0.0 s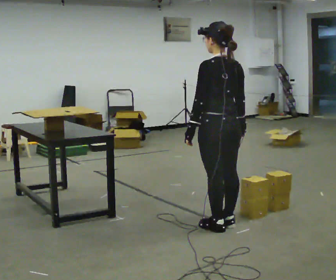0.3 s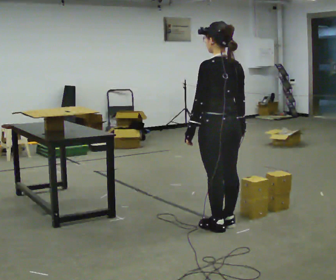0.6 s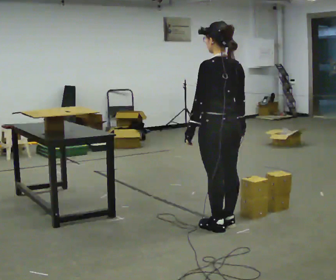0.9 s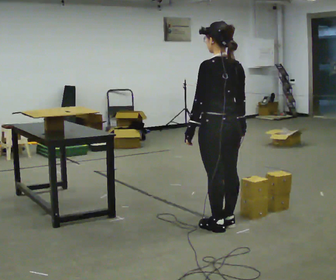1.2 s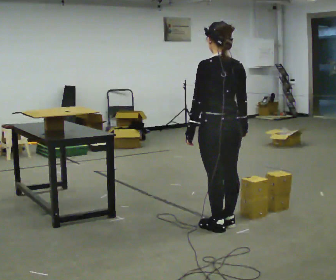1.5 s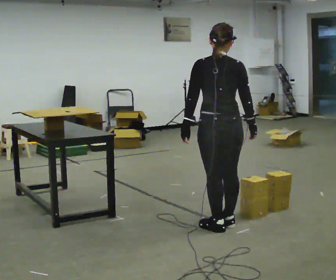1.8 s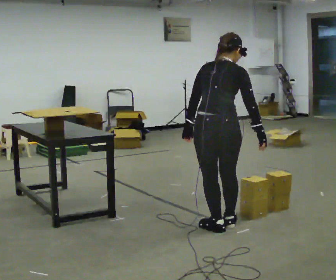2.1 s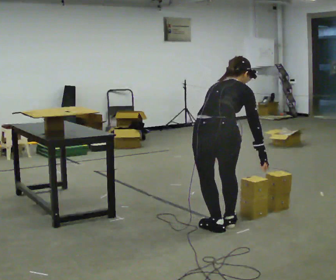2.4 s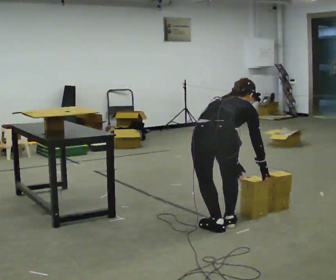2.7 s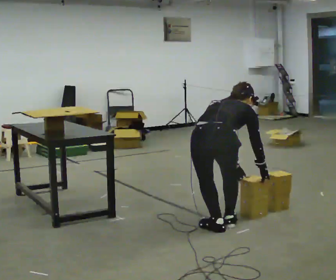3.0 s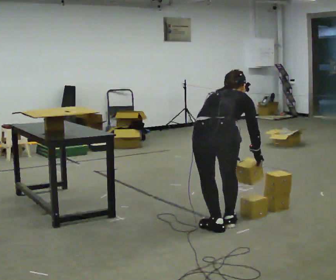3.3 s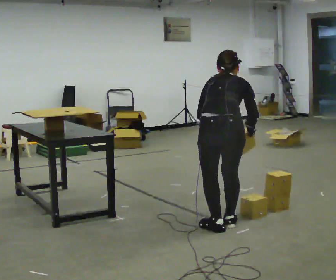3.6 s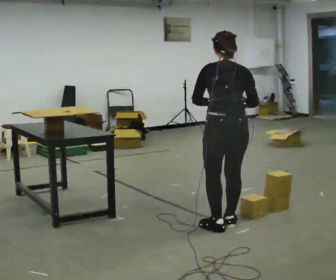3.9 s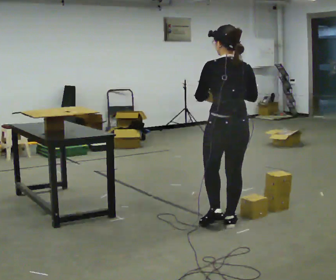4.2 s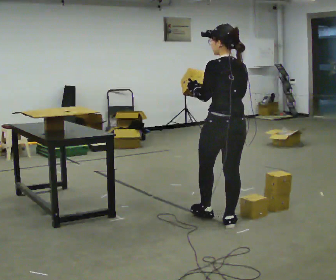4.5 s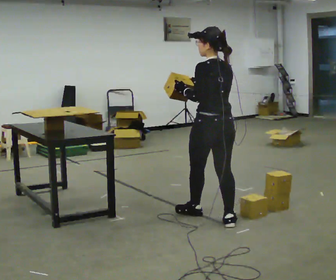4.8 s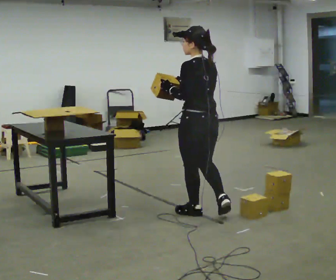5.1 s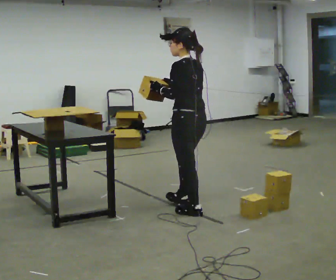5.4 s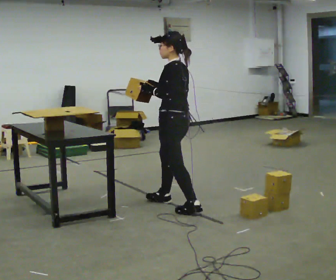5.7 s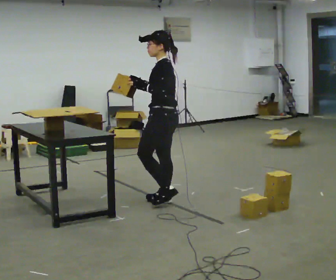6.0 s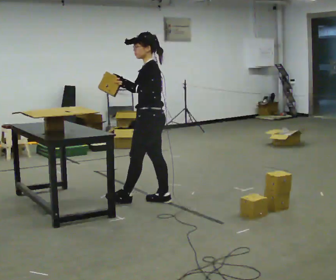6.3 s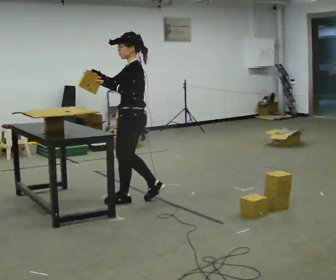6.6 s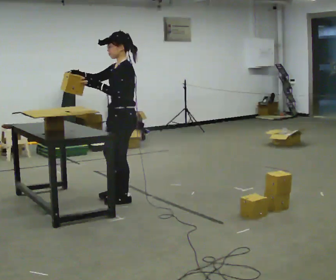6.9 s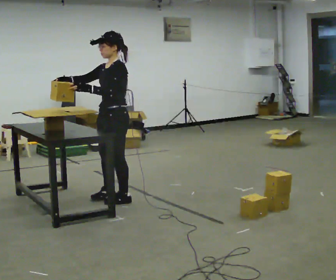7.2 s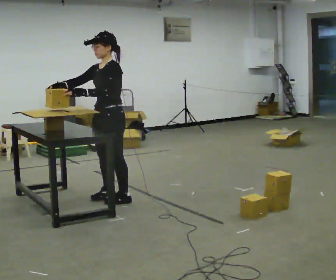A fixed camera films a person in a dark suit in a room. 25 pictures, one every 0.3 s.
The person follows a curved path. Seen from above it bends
counterclockwise.
0.0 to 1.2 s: The person moves a little, or ends about where they began.
1.2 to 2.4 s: The person turns about 60 degrees to their right, clockwise seen from above, so the part of the body nearest the lens slides to the left. The upper body goes downward. The upper body tips away from the camera, its near side rolling upward, as they bend forward. In the picture their left hand goes downward and to the right.
2.4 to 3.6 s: The part of the body nearest the lens slides to the right as the person turns to their left by about 30 degrees. The shoulders move upward. The upper body tips toward the camera, its near side rolling downward, as they lean back or straighten. In the picture their left hand goes upward.
3.6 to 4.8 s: The part of the body nearest the lens slides to the right as the person turns to their left by about 30 degrees. In the picture they go away from the camera and to the left, about 0.5 m in 1 step, which for them is forward. The upper body tips toward the camera, its near side rolling downward, as they lean back or straighten.
4.8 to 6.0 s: The person turns about 45 degrees to their left, counterclockwise seen from above, so the part of the body nearest the lens slides to the right. In the picture they go to the left and away from the camera, about 0.5 m in 1 step, which for them is forward.
6.0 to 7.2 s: Seen from above the body turns counterclockwise, about 45 degrees: to their left, with its near side sliding to the right. In the picture they go to the left, about 0.5 m in 2 steps, which for them is forward.
The film runs forward here.
